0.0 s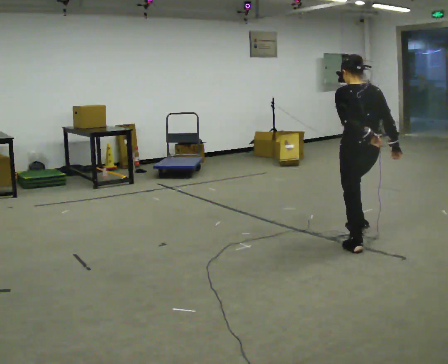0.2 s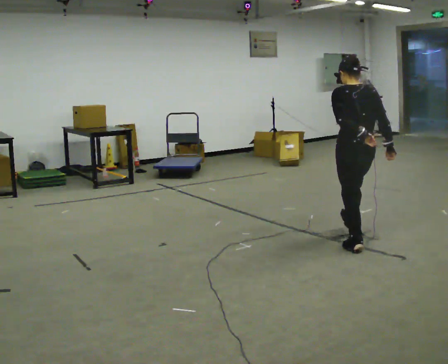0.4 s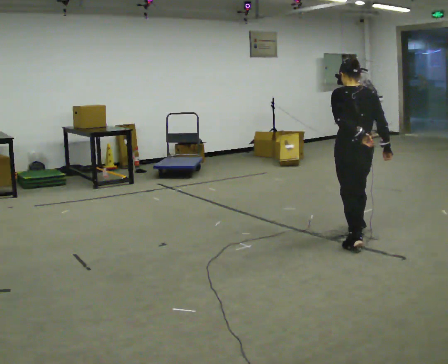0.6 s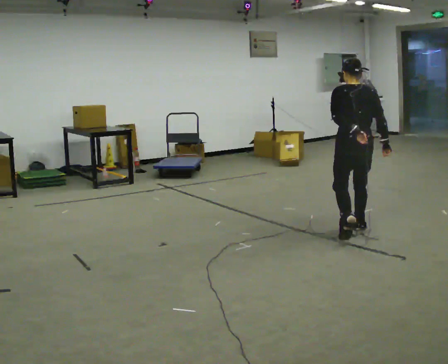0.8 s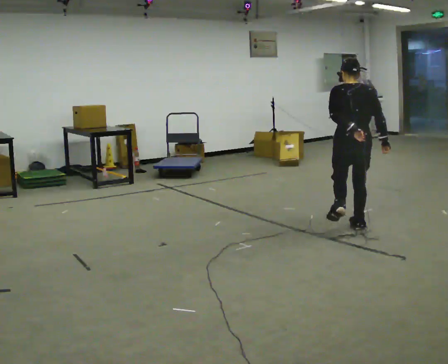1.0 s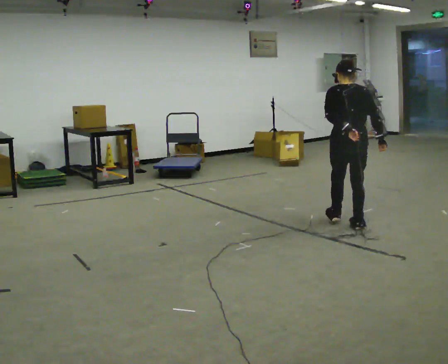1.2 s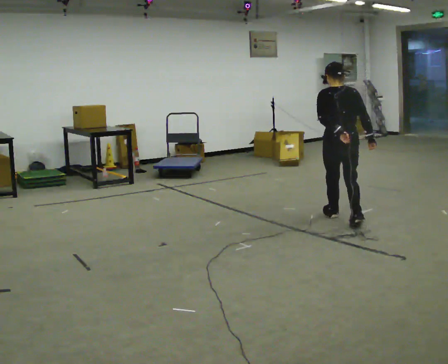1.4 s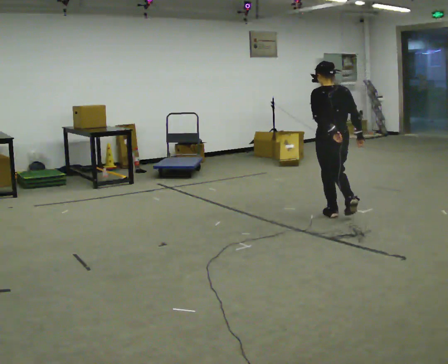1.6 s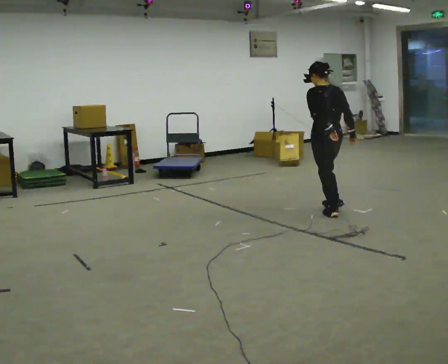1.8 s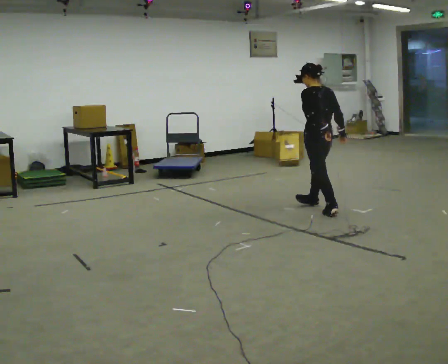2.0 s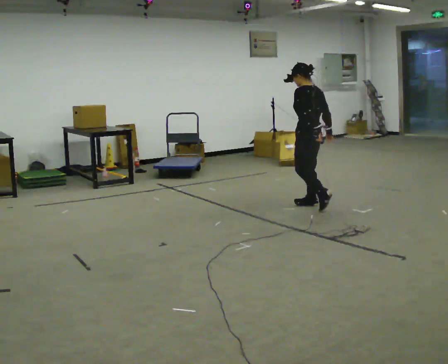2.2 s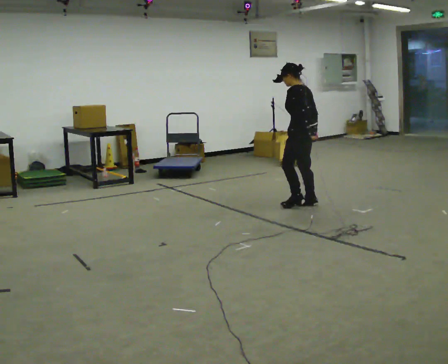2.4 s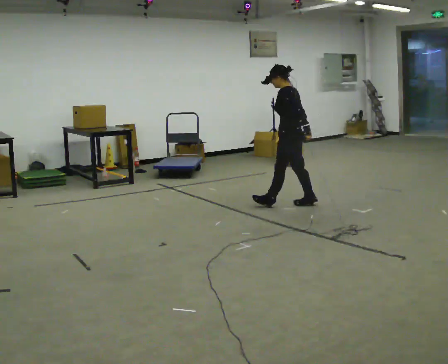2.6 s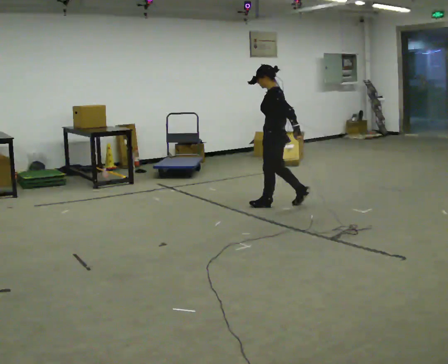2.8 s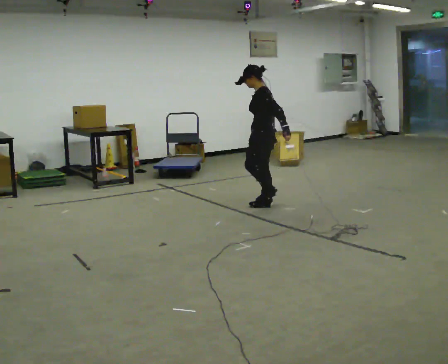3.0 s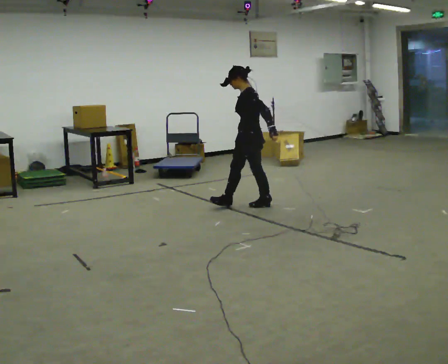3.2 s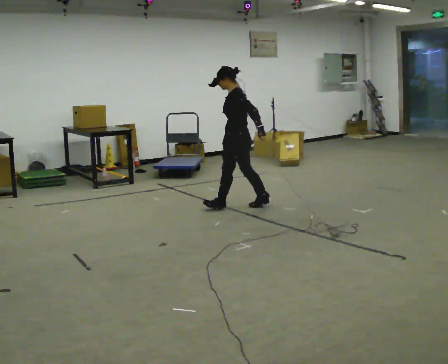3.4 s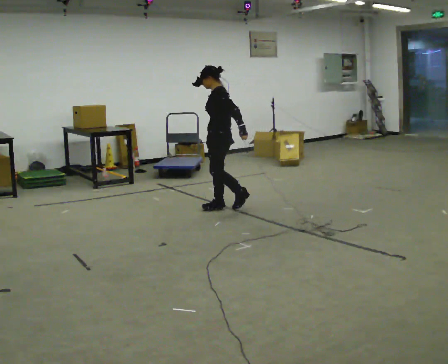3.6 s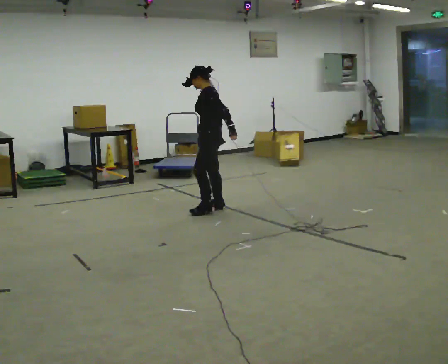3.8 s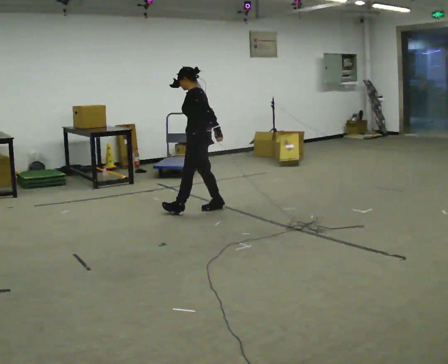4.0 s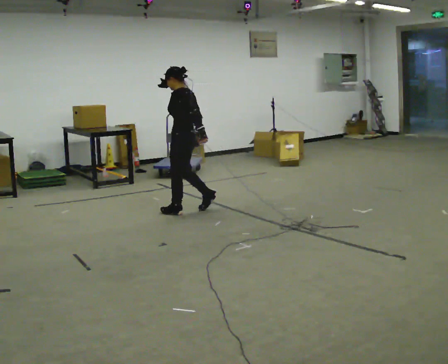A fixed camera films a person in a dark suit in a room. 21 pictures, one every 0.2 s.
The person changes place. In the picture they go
to the left.
The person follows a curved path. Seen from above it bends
counterclockwise.
0.0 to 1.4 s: In the picture they go away from the camera, about 1 m in 2 steps, which for them is forward.
1.4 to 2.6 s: The person turns about 60 degrees to their left, counterclockwise seen from above, so the part of the body nearest the lens slides to the right. In the picture they go to the left and away from the camera, about 0.5 m in 2 steps.
2.6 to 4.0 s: In the picture they go to the left, about 1 m in 2 steps, which for them is forward.
The film runs forward here.
